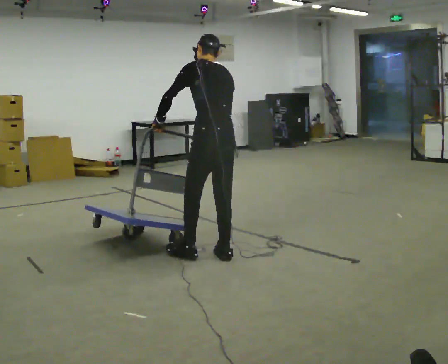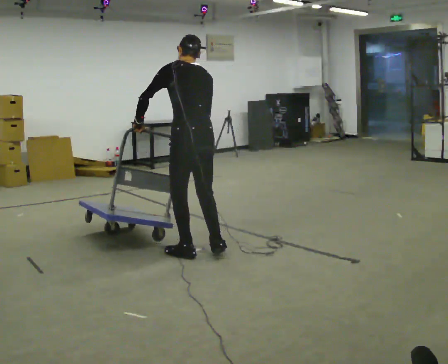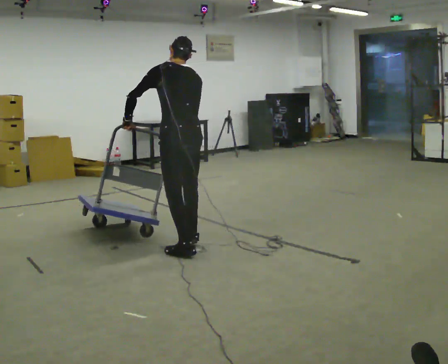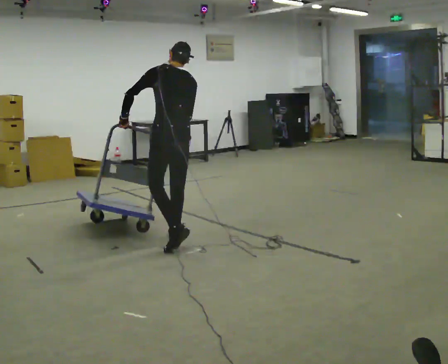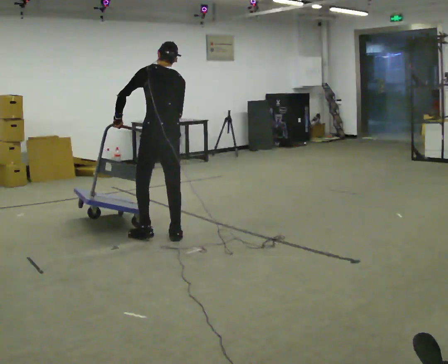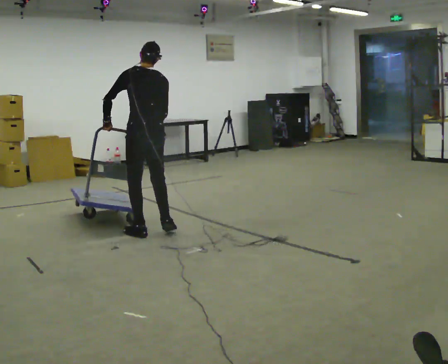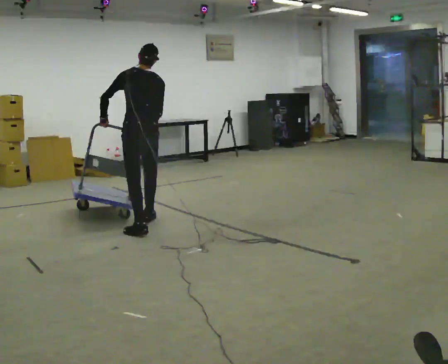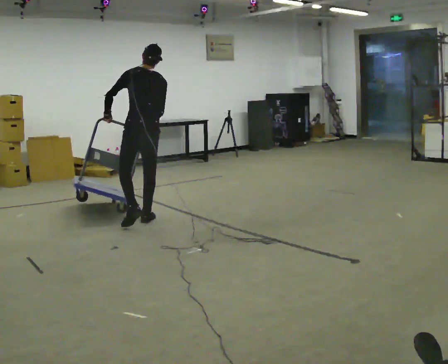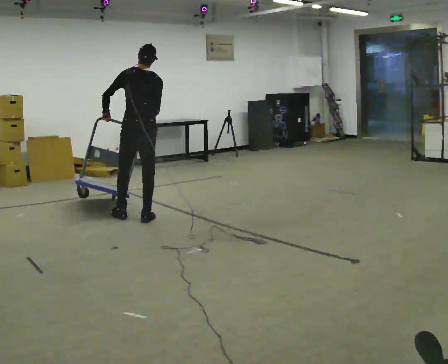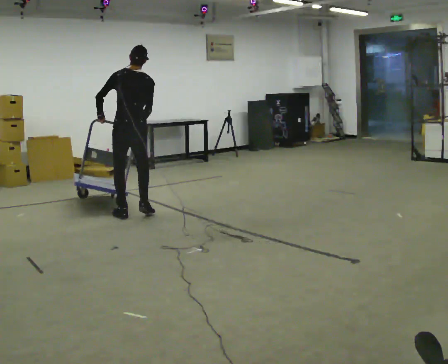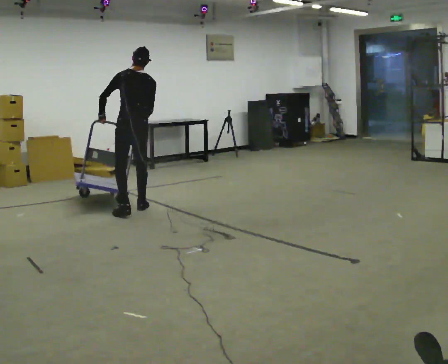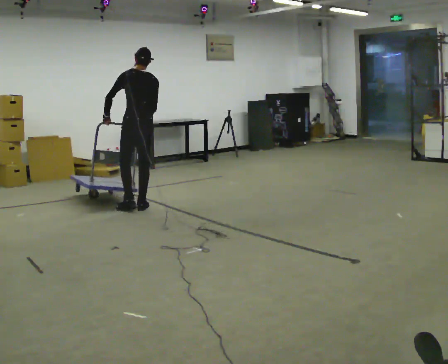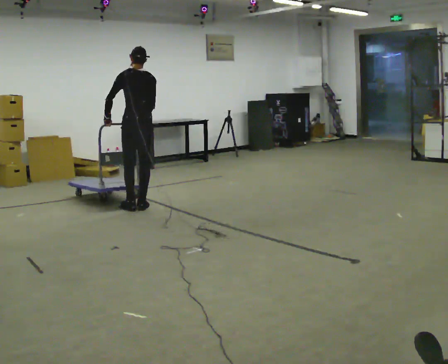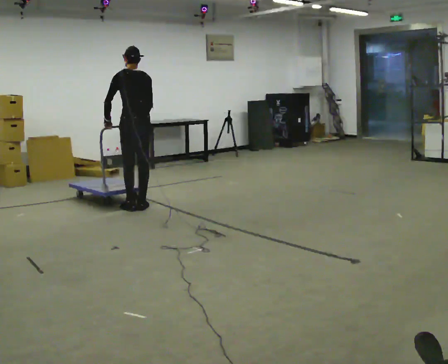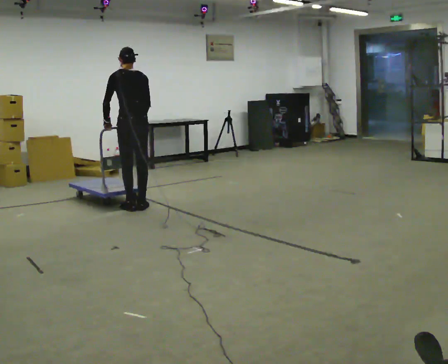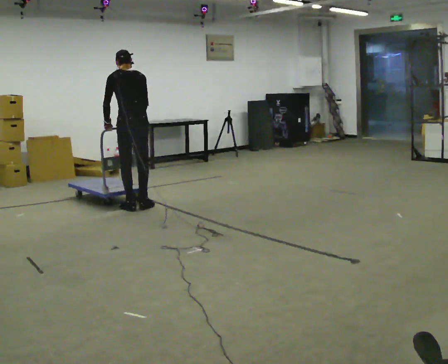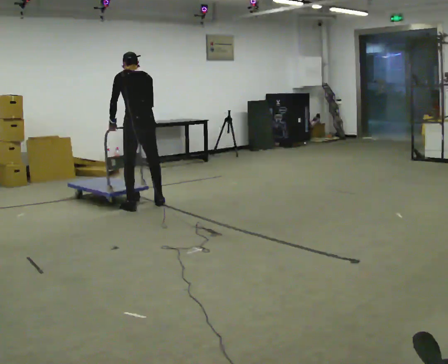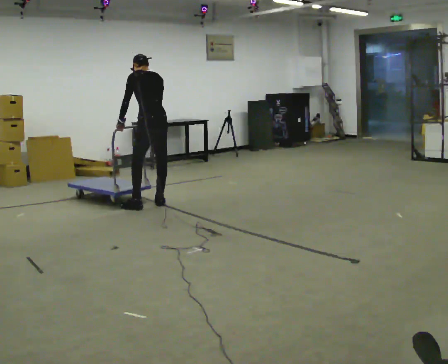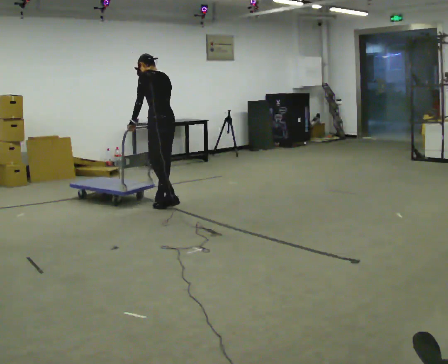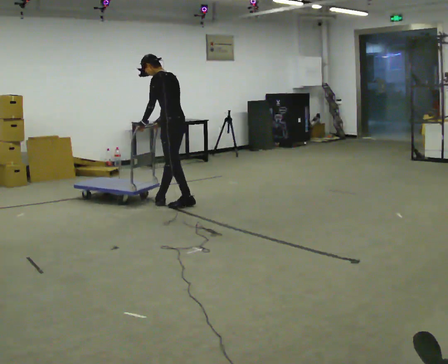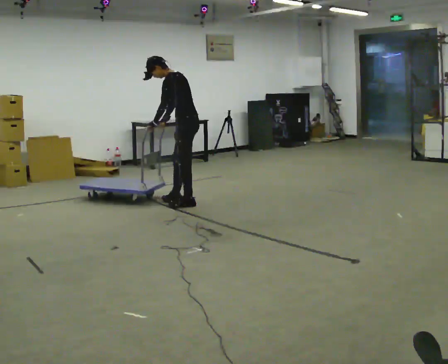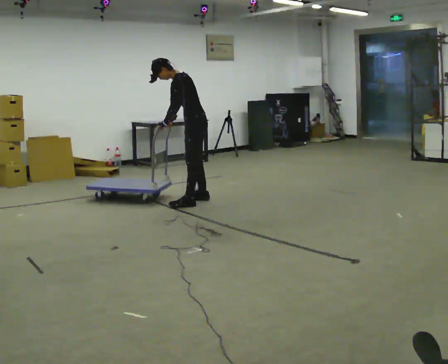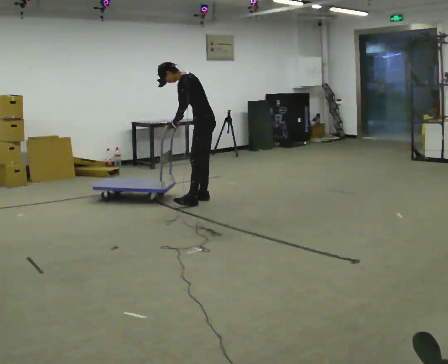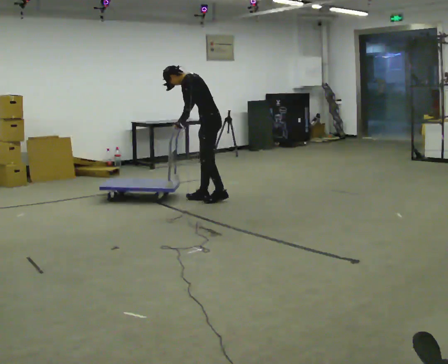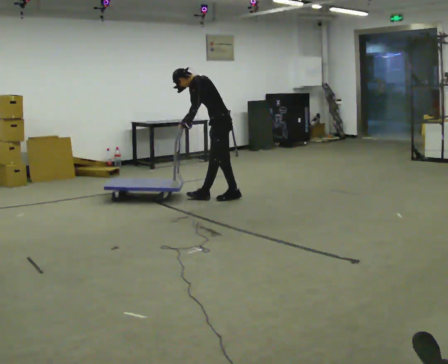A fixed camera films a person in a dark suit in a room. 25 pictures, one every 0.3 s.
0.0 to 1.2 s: In the picture they go away from the camera and to the left, about 0.75 m in 2 steps, which for them is forward.
1.2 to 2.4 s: In the picture they go away from the camera, about 0.75 m in 2 steps, which for them is forward.
2.4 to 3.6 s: In the picture they go away from the camera, about 0.5 m in 3 steps, which for them is forward.
3.6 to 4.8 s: The person moves a little, or ends about where they began.
4.8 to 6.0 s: The part of the body nearest the lens slides to the right as the person turns to their left by about 45 degrees. In the picture they go to the right, about 0.5 m in 1 step, which for them is to their right and backward. In the picture the upper body tilts counterclockwise, shoulders to the left.
6.0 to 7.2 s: In the picture they go to the right and away from the camera, about 0.5 m in 2 steps, which for them is backward and to their right.
The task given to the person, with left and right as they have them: Push the cart across the room using only the hand the operator calls. Keep your other arm at your side.
The film runs forward here.
